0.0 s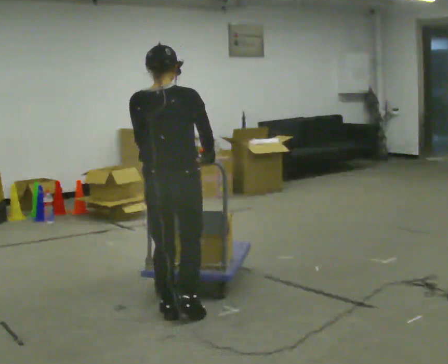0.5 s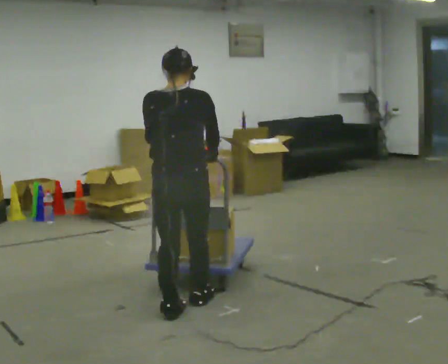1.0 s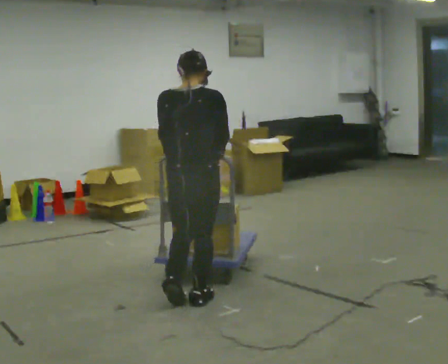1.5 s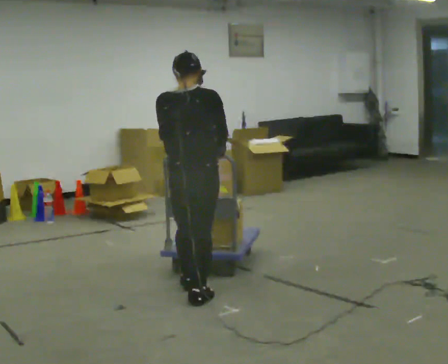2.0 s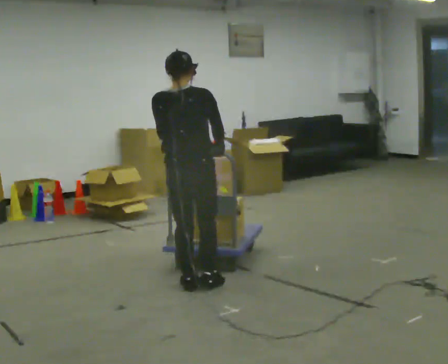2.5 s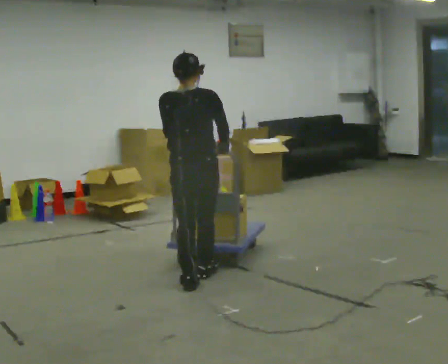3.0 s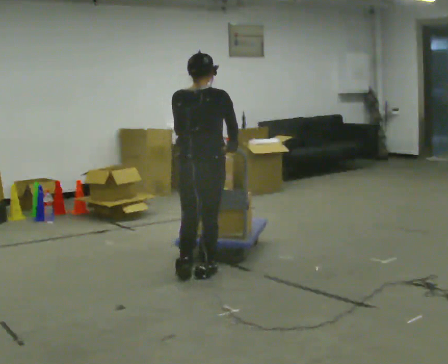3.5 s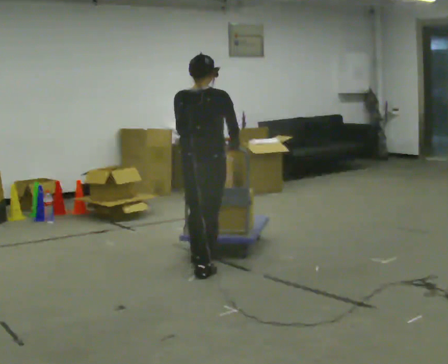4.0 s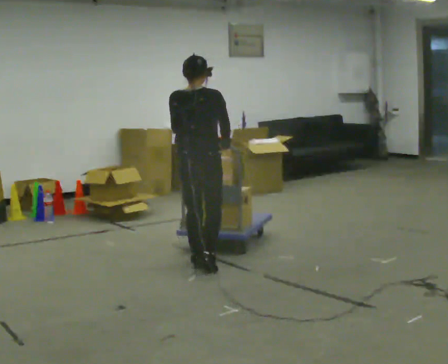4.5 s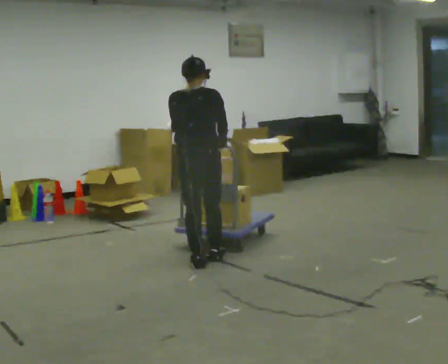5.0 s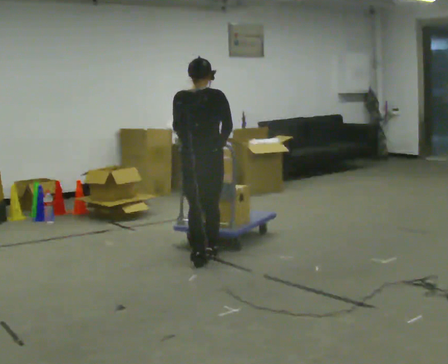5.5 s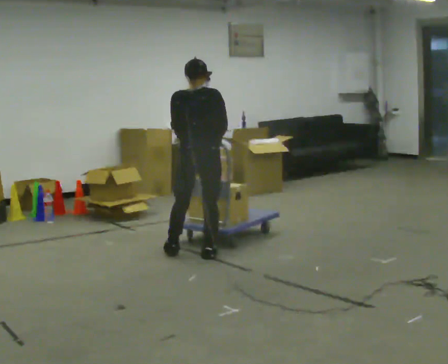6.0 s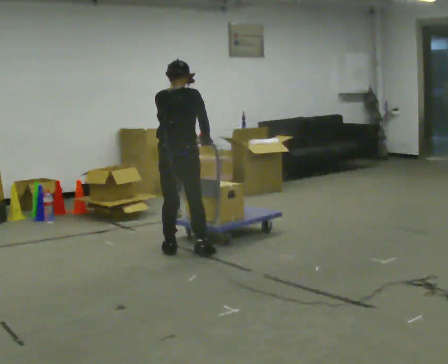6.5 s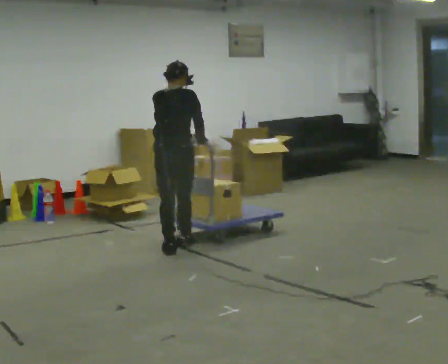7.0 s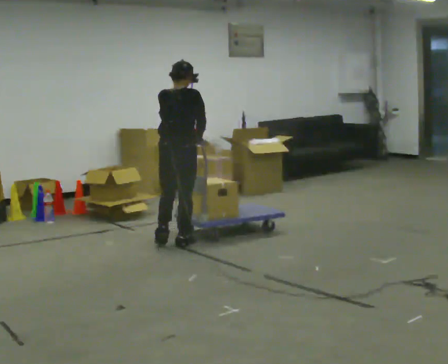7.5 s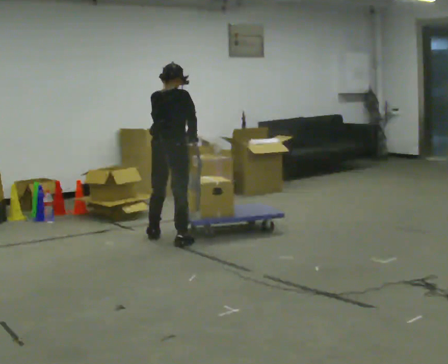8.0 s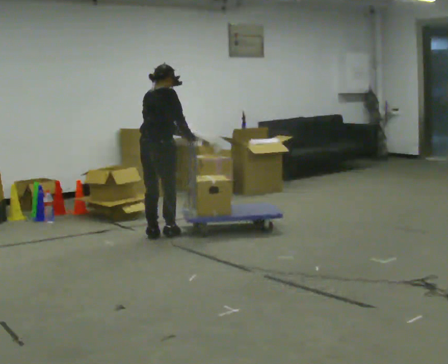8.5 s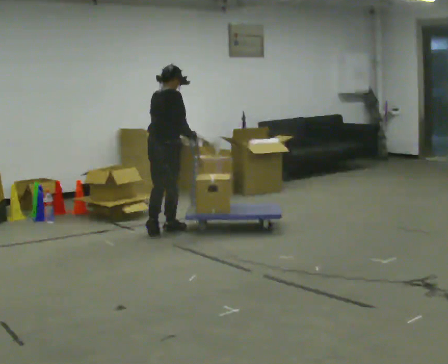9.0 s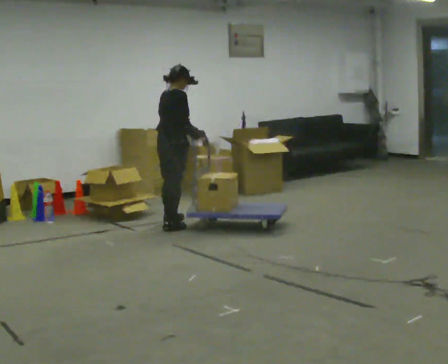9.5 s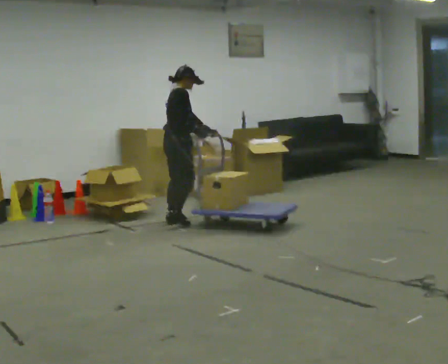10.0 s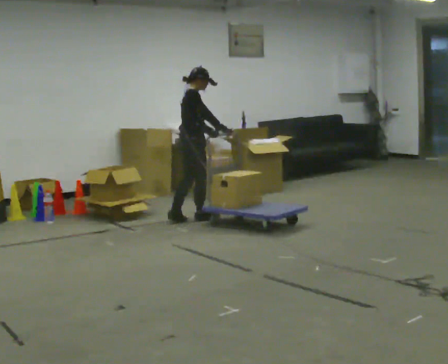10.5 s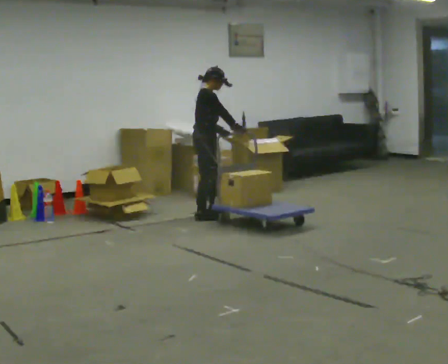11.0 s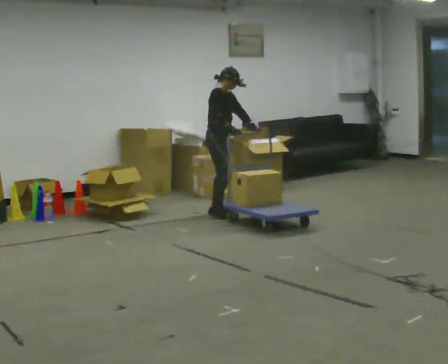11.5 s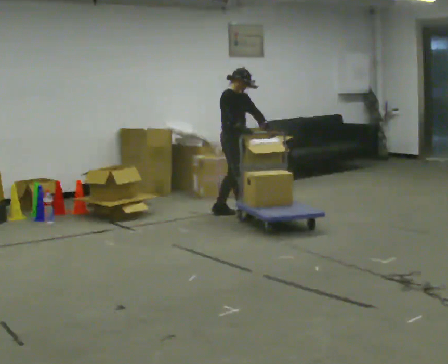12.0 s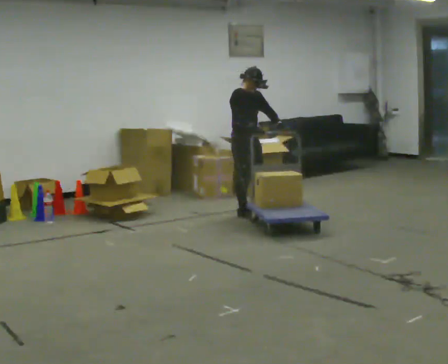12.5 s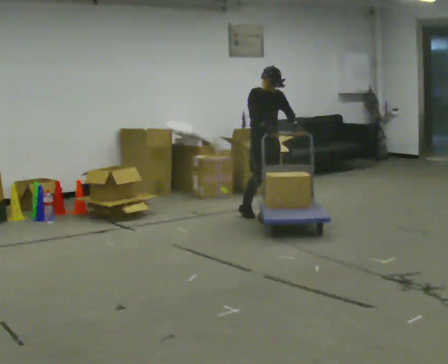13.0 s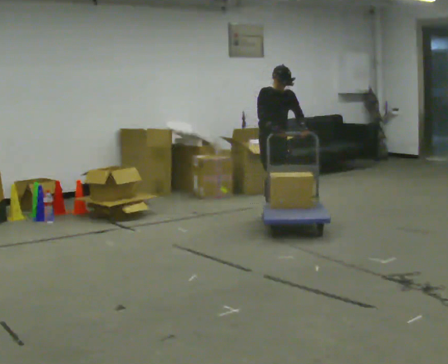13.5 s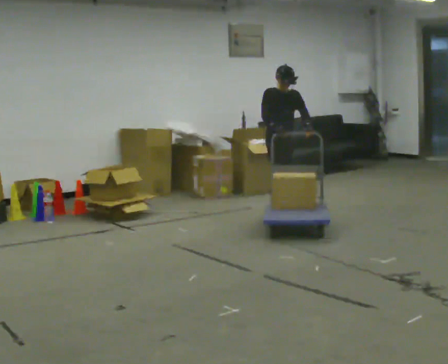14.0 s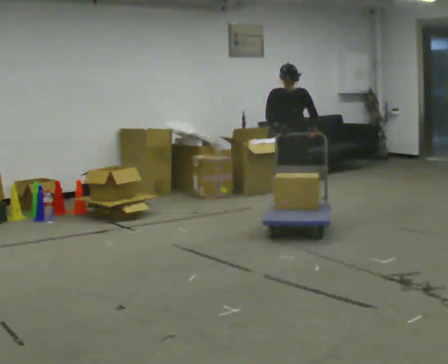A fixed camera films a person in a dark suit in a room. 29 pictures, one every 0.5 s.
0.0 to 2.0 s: In the picture they go away from the camera, about 0.5 m in 2 steps, which for them is forward.
2.0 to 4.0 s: In the picture they go away from the camera, about 0.5 m in 2 steps, which for them is forward.
4.0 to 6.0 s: In the picture they go away from the camera, about 0.5 m in 2 steps, which for them is forward and to their left.
6.0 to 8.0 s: In the picture they go away from the camera, about 0.5 m in 2 steps, which for them is forward and to their left.
8.0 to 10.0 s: The person turns about 45 degrees to their right, clockwise seen from above, so the part of the body nearest the lens slides to the left. In the picture they go away from the camera and to the right, about 1 m in 3 steps, which for them is forward and to their left.
10.0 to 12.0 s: Seen from above the body turns clockwise, about 60 degrees: to their right, with its near side sliding to the left. In the picture they go to the right, about 0.5 m in 2 steps, which for them is forward and to their left.
12.0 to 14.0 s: Seen from above the body turns clockwise, about 30 degrees: to their right, with its near side sliding to the left. In the picture they go to the right, about 0.5 m in 2 steps, which for them is forward and to their left.
The film runs forward here.
